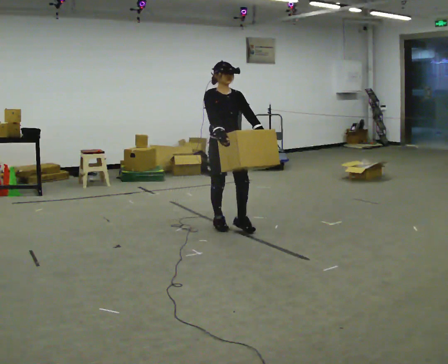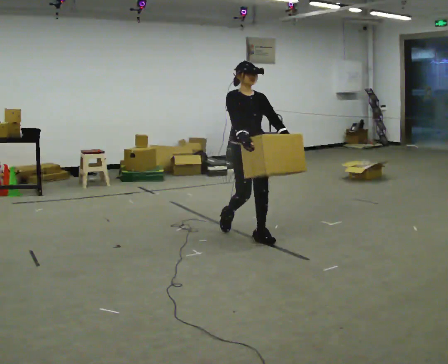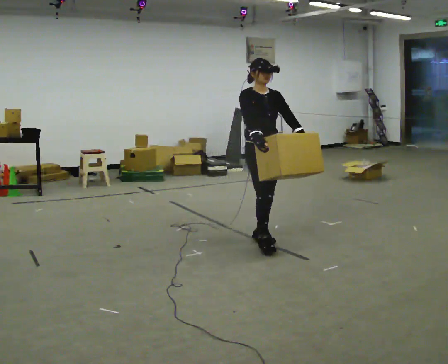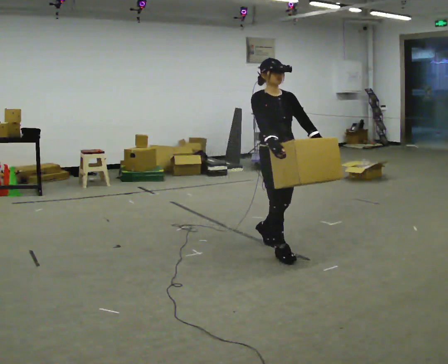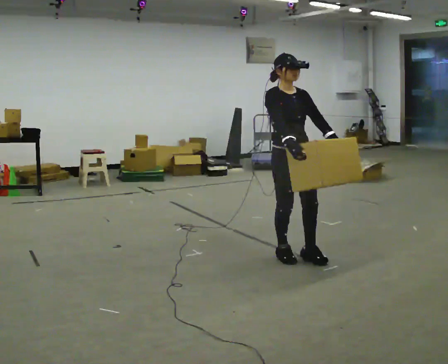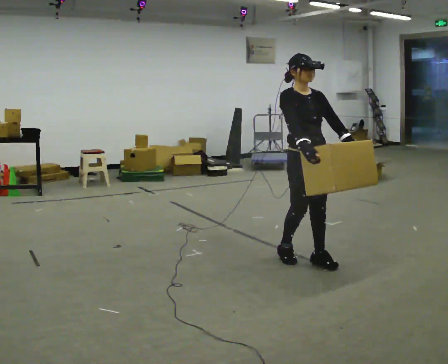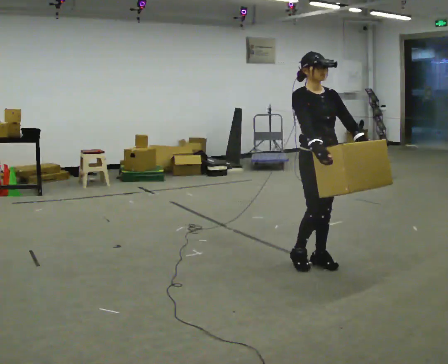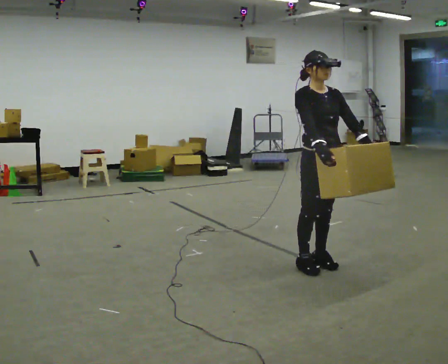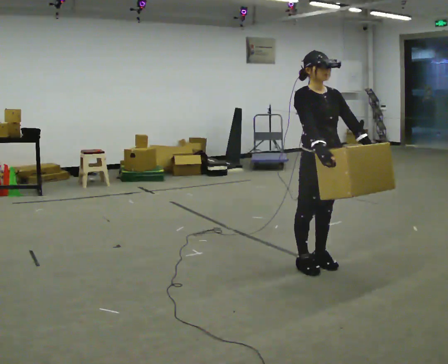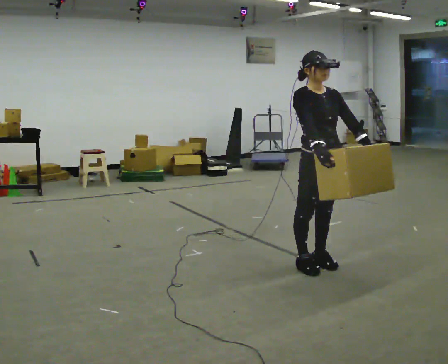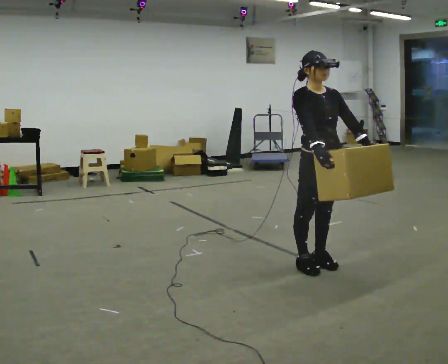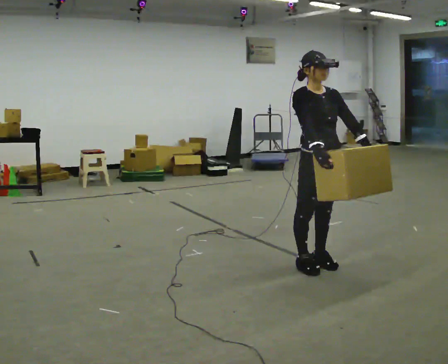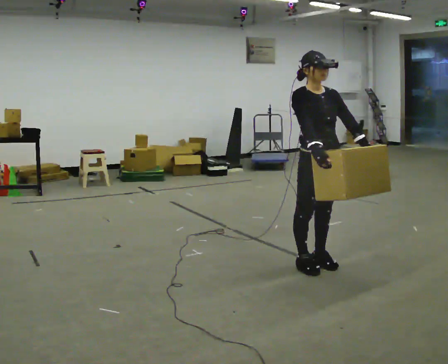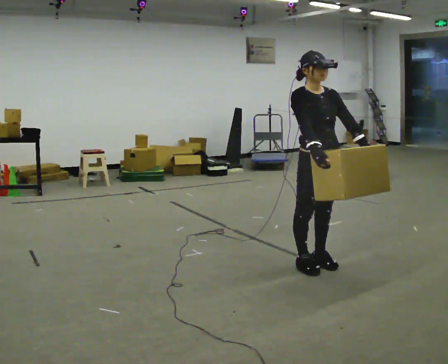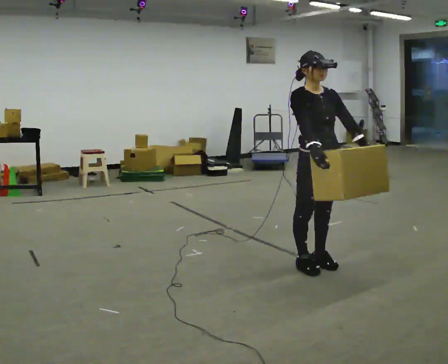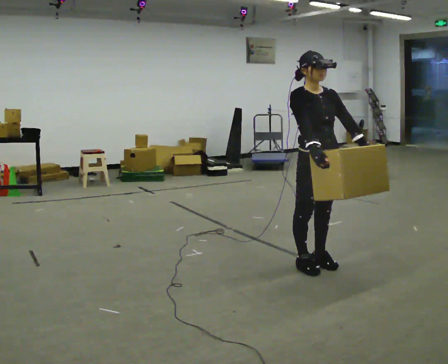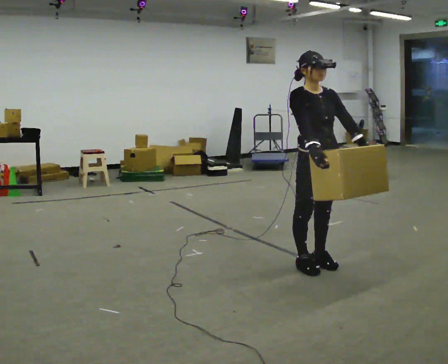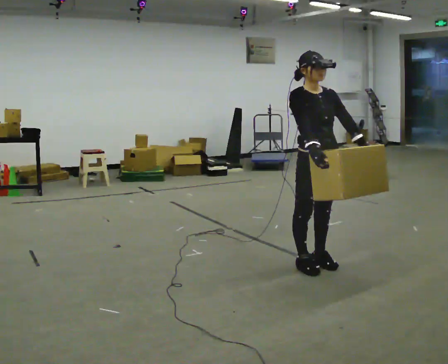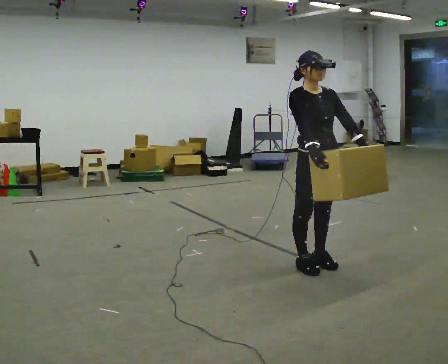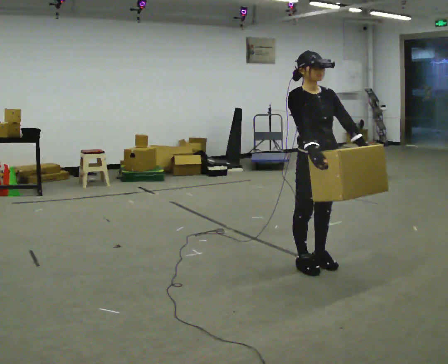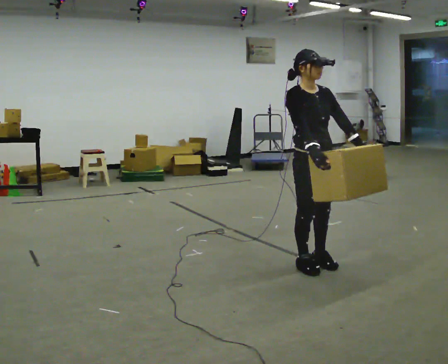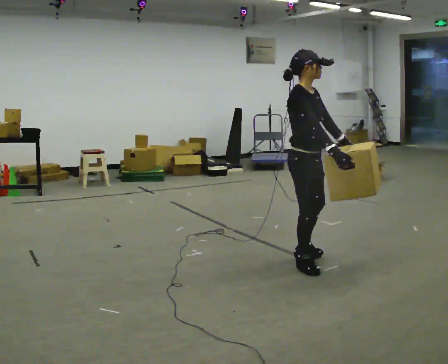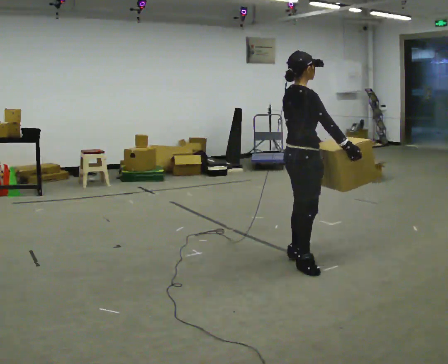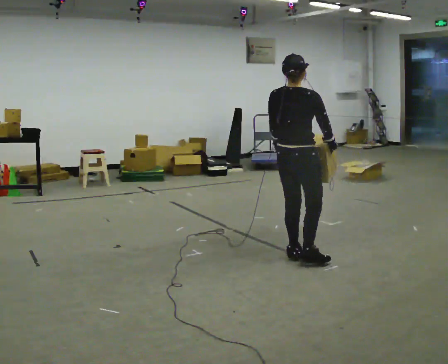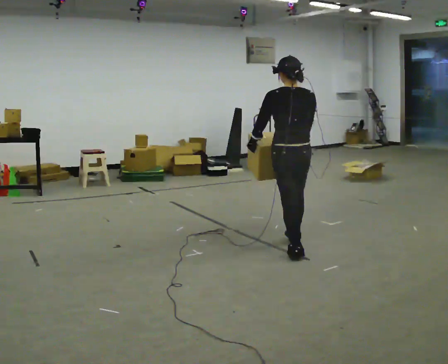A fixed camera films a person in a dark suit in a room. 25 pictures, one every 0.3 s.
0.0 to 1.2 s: In the picture they go toward the camera and to the right, about 1 m in 2 steps, which for them is forward.
1.2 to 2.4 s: In the picture they go to the right and toward the camera, about 0.25 m in 2 steps, which for them is forward.
2.4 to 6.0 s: The person moves a little, or ends about where they began.
6.0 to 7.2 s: The person turns about 150 degrees to their left, counterclockwise seen from above, so the part of the body nearest the lens slides to the right. In the picture they go away from the camera, about 0.5 m in 1 step.
The film runs forward here.
